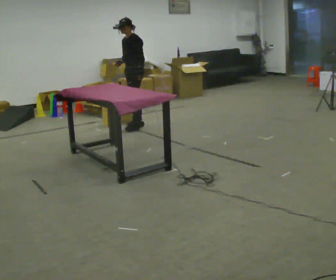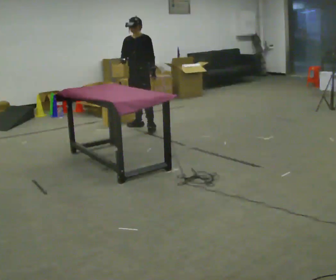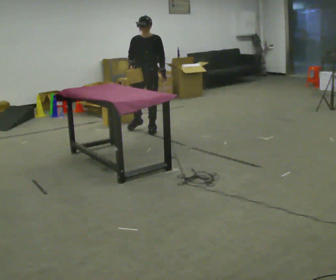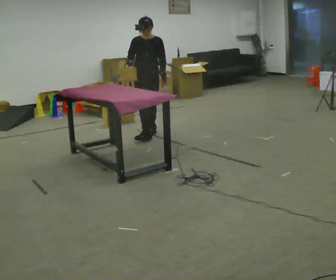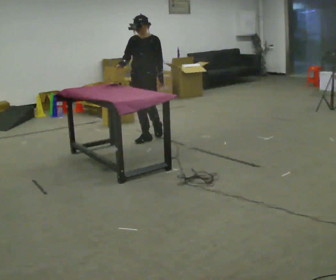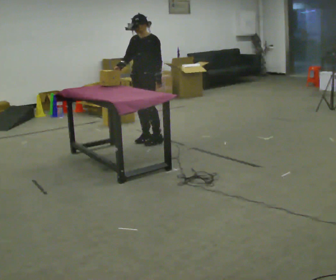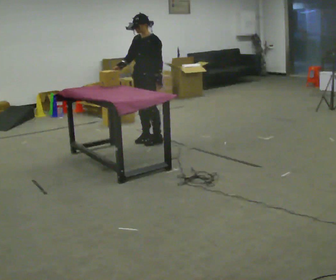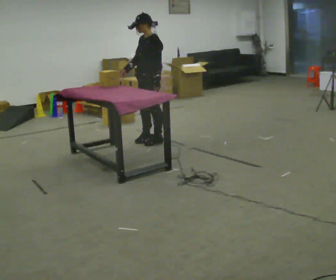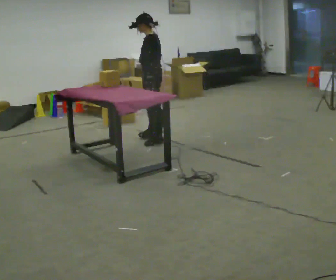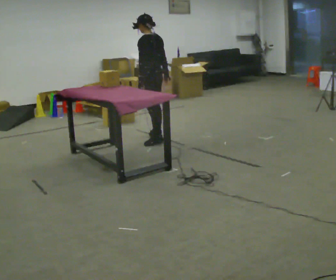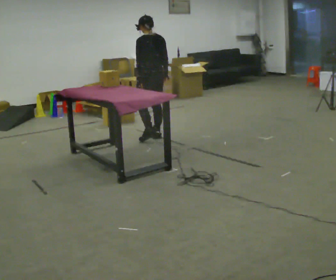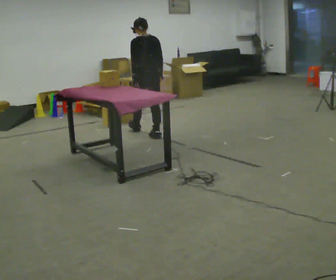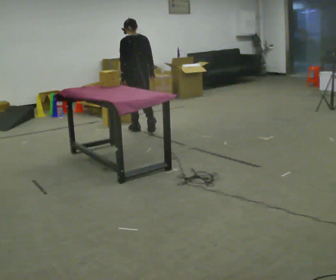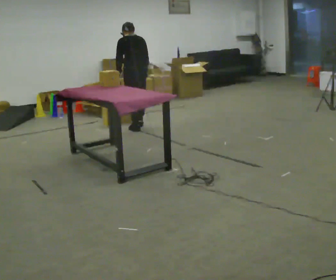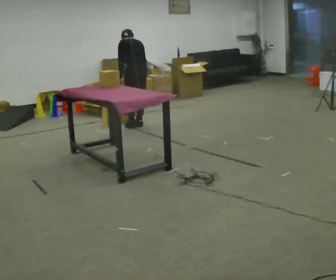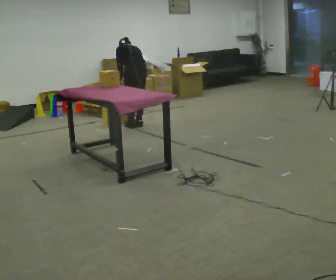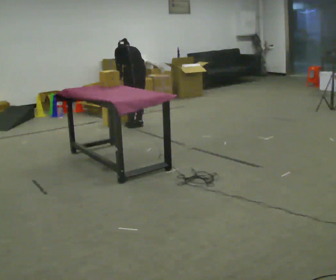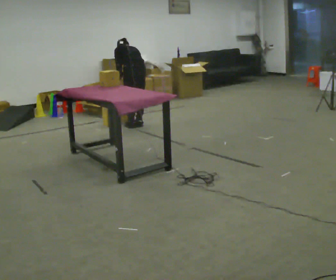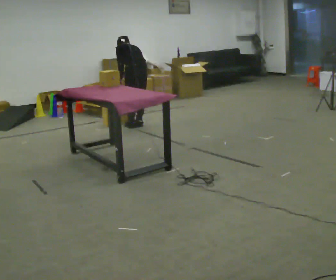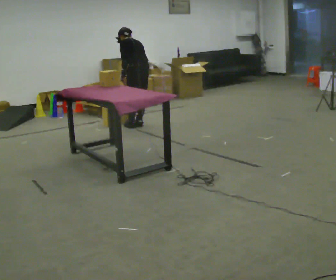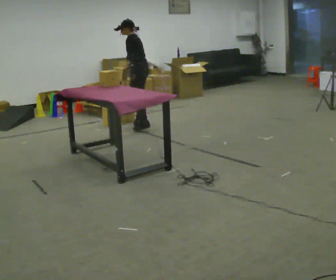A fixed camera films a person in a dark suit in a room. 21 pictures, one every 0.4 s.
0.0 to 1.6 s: The person turns about 45 degrees to their left, counterclockwise seen from above, so the part of the body nearest the lens slides to the right. In the picture they go toward the camera, about 0.75 m in 2 steps.
1.6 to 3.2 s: The person turns about 75 degrees to their right, clockwise seen from above, so the part of the body nearest the lens slides to the left. In the picture they go toward the camera, about 0.25 m in 1 step. In the picture their right hand goes to the right, the arm swinging counterclockwise.
3.2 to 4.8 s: The part of the body nearest the lens slides to the left as the person turns to their right by about 60 degrees. In the picture they go away from the camera, about 0.5 m in 1 step.
4.8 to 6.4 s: In the picture they go away from the camera, about 0.25 m in 2 steps, which for them is forward. The upper body goes downward. The upper body tips away from the camera, its near side rolling upward, as they bend forward.
6.4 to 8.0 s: Seen from above the body turns counterclockwise, about 60 degrees: to their left, with its near side sliding to the right. The shoulders move upward. The upper body tips toward the camera, its near side rolling downward, as they lean back or straighten.
The film runs forward here.
